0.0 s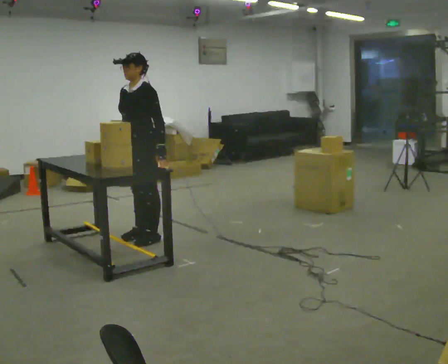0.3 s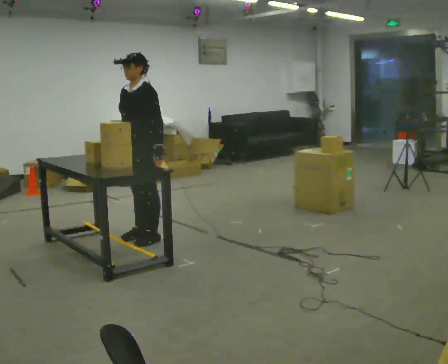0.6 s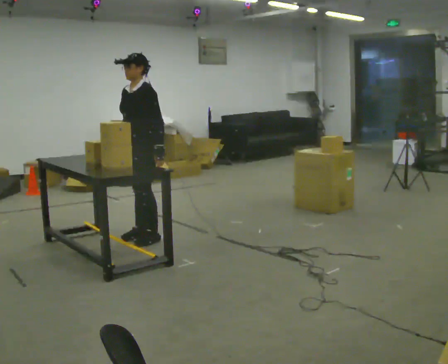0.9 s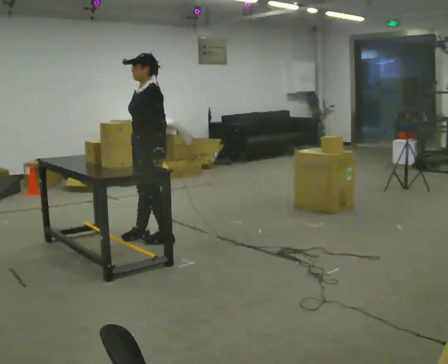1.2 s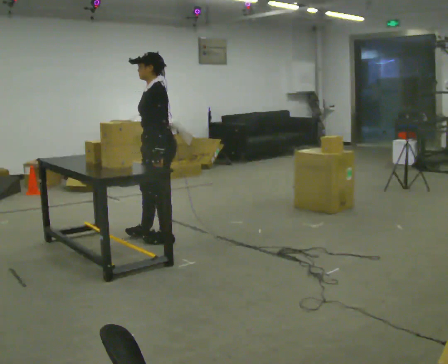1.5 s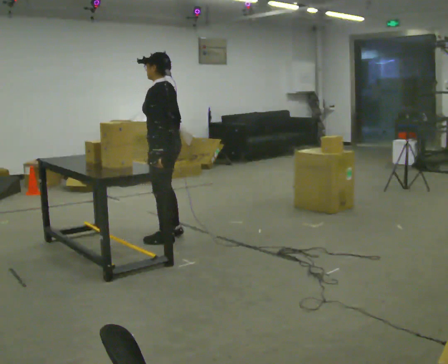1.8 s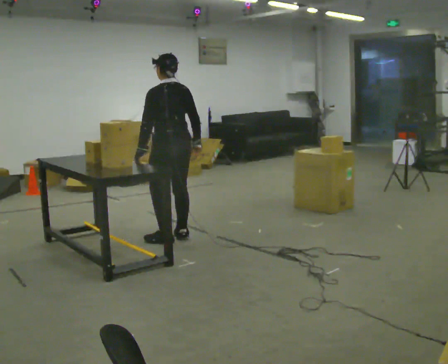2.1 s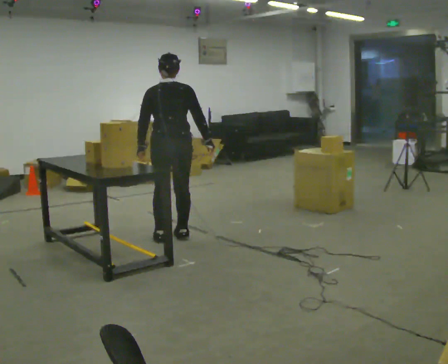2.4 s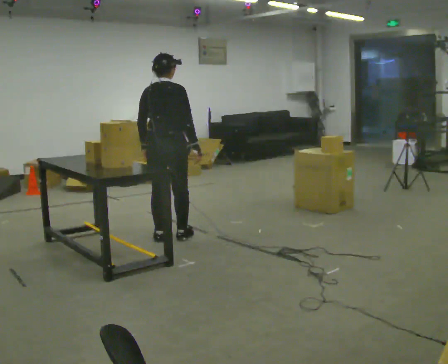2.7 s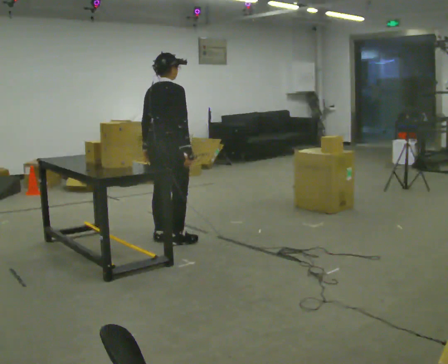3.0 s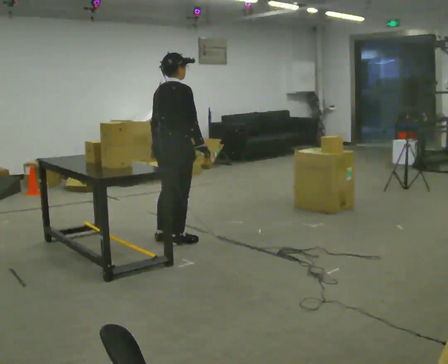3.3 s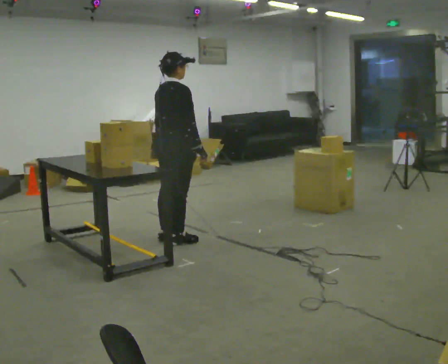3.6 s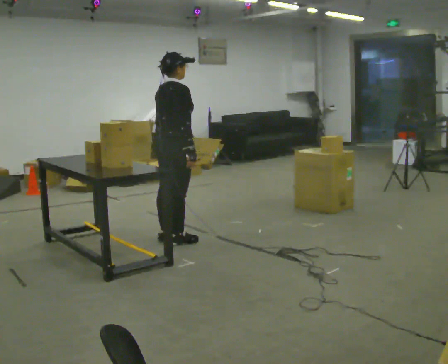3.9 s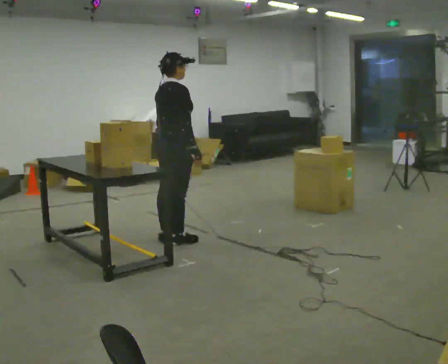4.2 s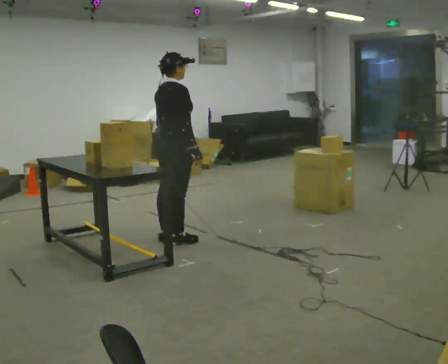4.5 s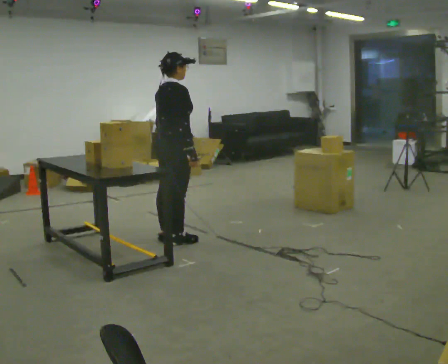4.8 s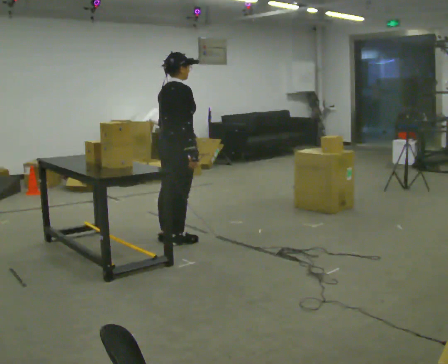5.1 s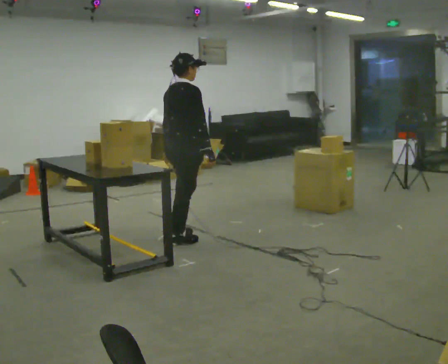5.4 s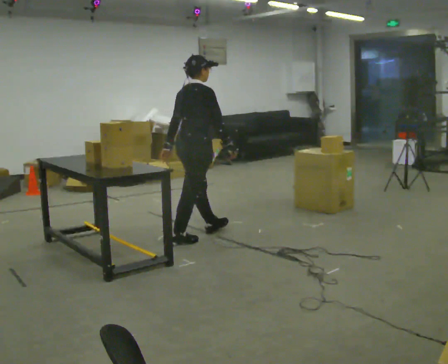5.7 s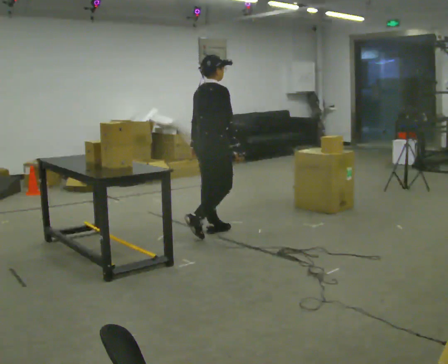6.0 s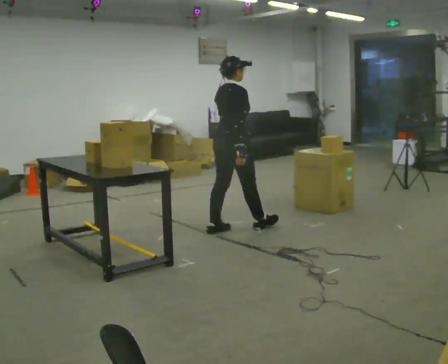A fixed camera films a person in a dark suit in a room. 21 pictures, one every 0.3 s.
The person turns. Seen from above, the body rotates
clockwise.
The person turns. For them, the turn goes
to their right.
0.0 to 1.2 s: Seen from above the body turns clockwise, about 30 degrees: to their right, with its near side sliding to the left. In the picture they go to the right, about 0.25 m, which for them is to their left.
1.2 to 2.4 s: The person turns about 120 degrees to their right, clockwise seen from above, so the part of the body nearest the lens slides to the left. In the picture their right hand goes to the right.
2.4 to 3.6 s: The person turns about 30 degrees to their right, clockwise seen from above, so the part of the body nearest the lens slides to the left.
3.6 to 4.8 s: The person moves a little, or ends about where they began.
4.8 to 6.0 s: In the picture they go to the right and away from the camera, about 0.5 m in 1 step, which for them is forward.
The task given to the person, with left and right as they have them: Move objects one at a time from the waist-height shelf at one end of the room to the waist-height shelf at the other end. Keep going until the operator says stop; one object at a time, and do not rush between trips.
The film runs forward here.
